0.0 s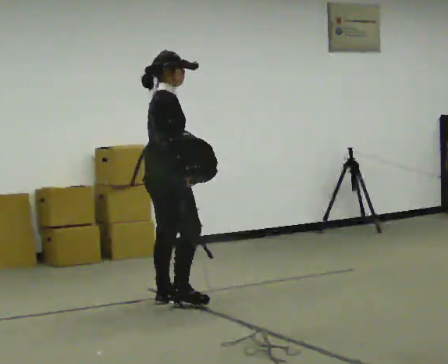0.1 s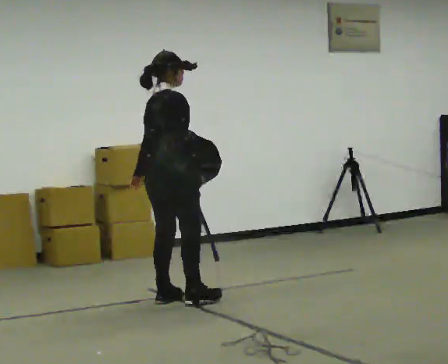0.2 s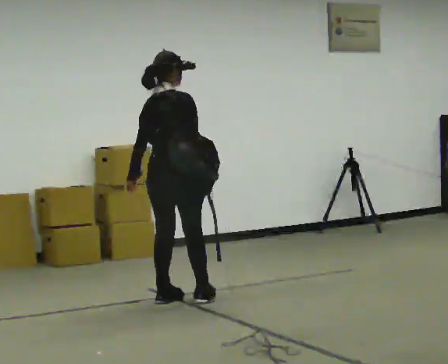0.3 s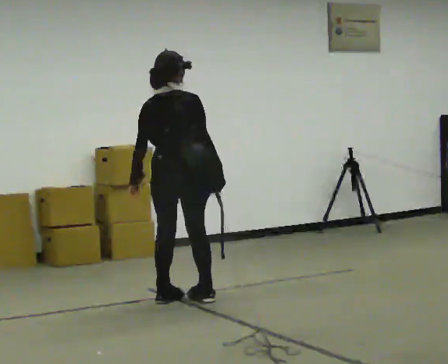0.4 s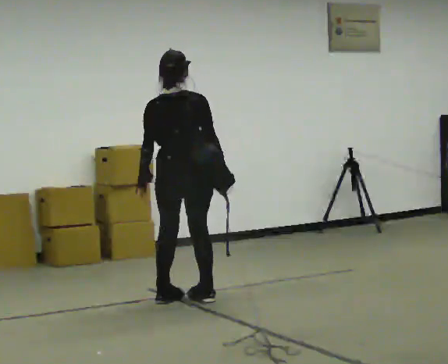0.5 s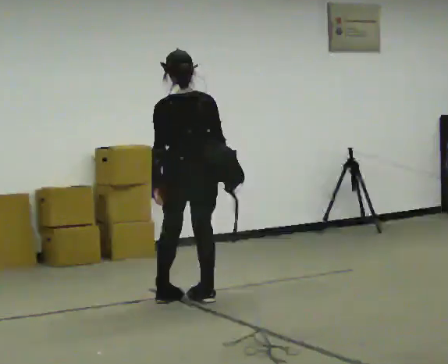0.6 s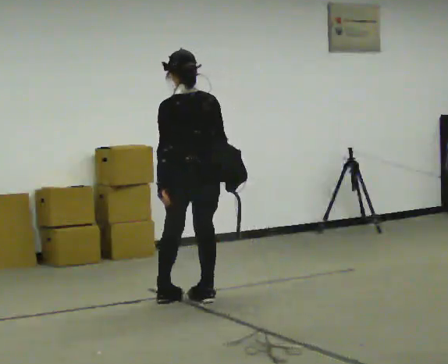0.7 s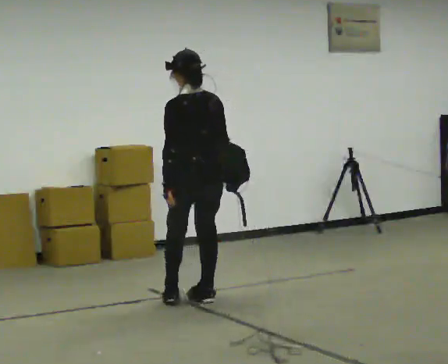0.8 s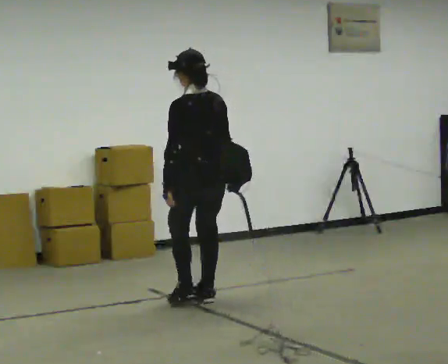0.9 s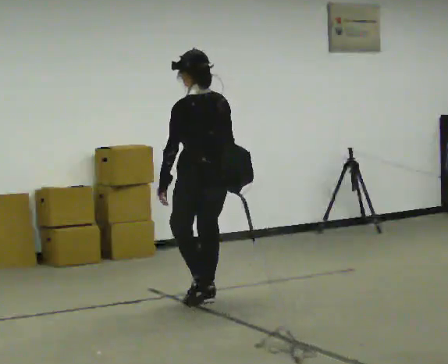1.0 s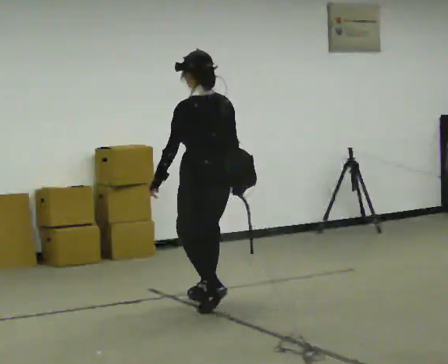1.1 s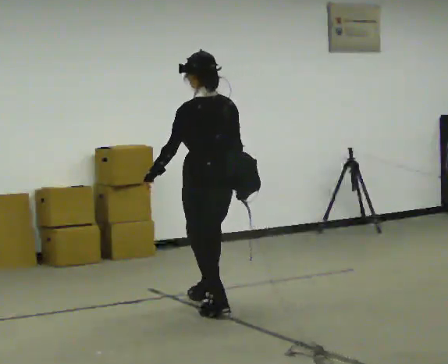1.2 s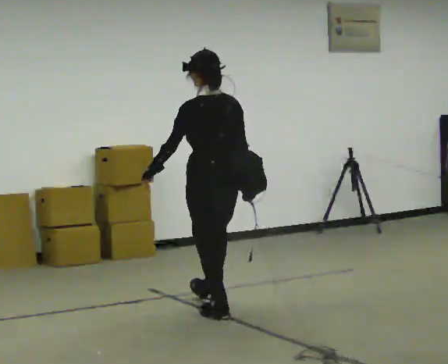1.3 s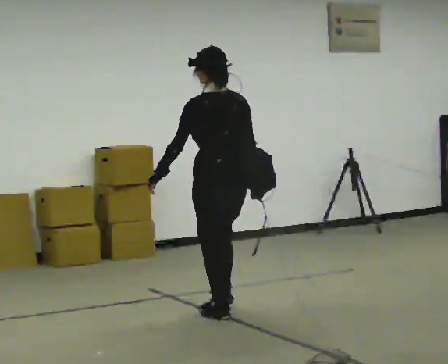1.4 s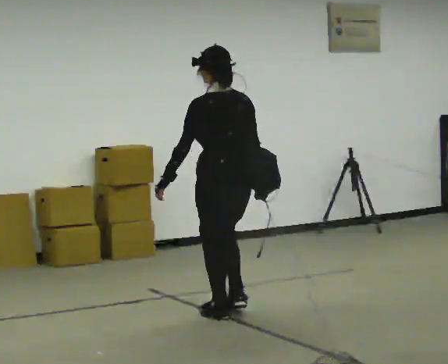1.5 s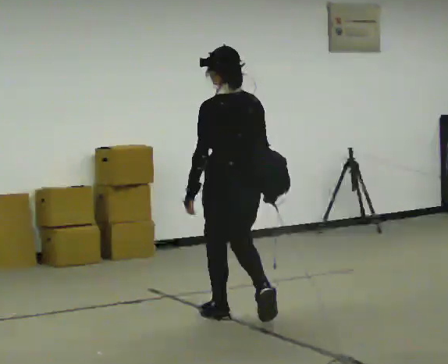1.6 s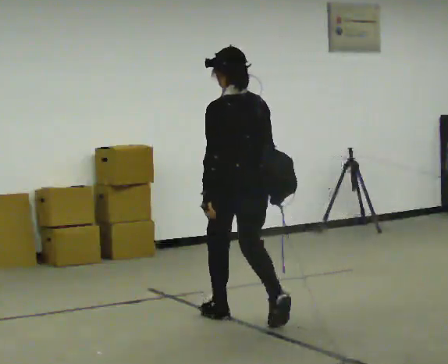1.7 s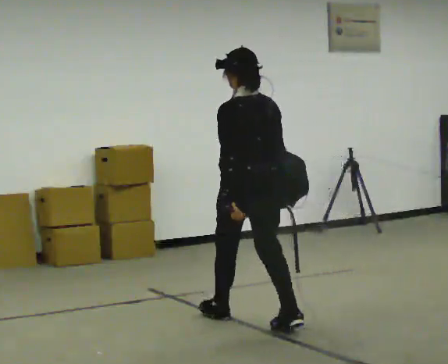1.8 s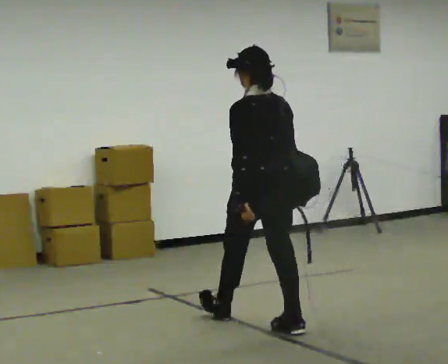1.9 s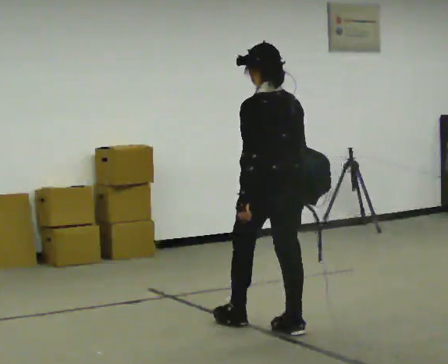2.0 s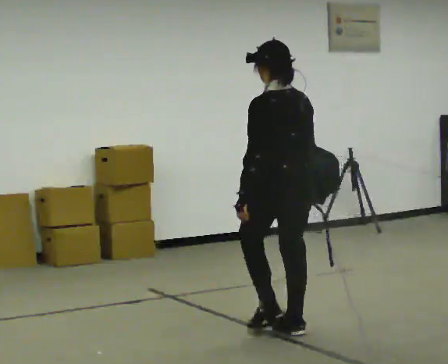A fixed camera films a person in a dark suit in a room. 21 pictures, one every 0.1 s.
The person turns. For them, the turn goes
to their left.
The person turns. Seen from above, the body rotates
counterclockwise.
0.0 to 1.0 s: The part of the body nearest the lens slides to the right as the person turns to their left by about 120 degrees. In the picture they go to the right, about 0.25 m in 1 step.
1.0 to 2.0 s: In the picture they go toward the camera and to the right, about 1 m in 2 steps, which for them is backward.
The film runs backward here.
